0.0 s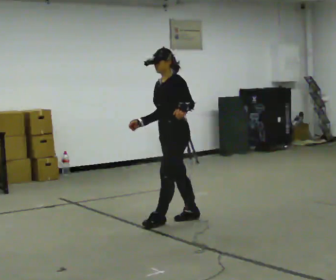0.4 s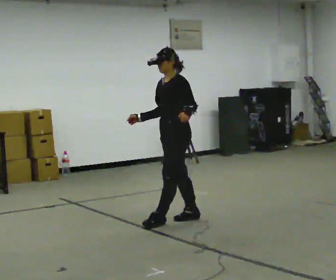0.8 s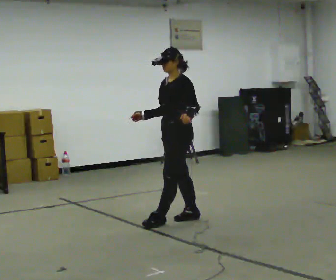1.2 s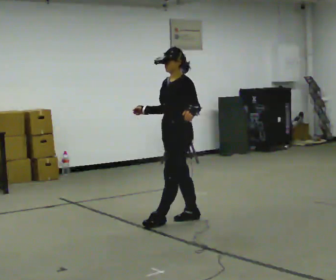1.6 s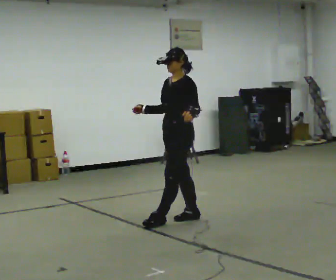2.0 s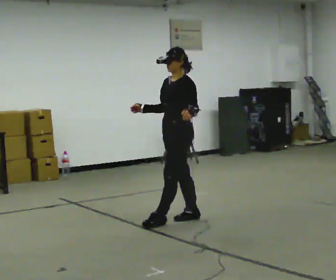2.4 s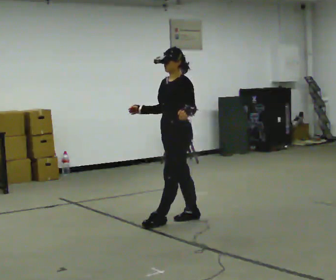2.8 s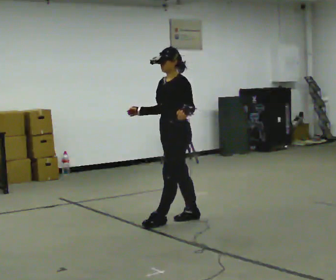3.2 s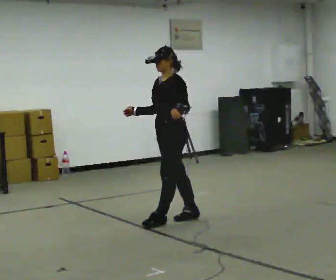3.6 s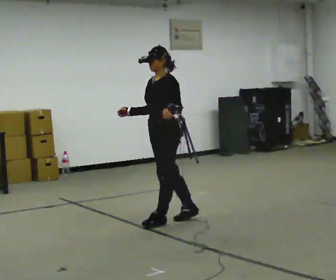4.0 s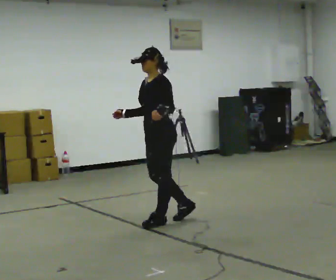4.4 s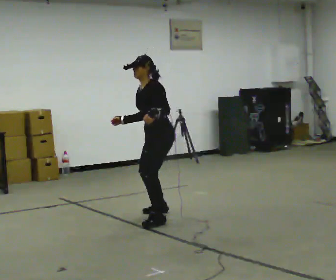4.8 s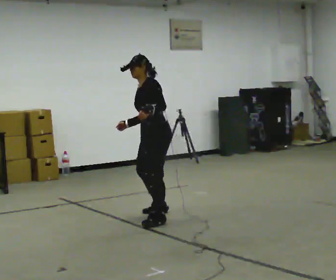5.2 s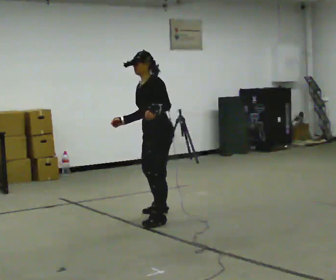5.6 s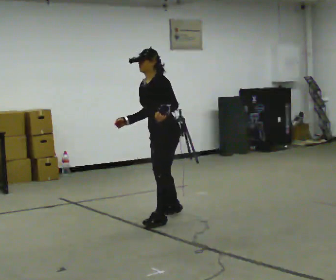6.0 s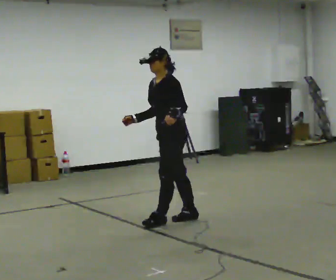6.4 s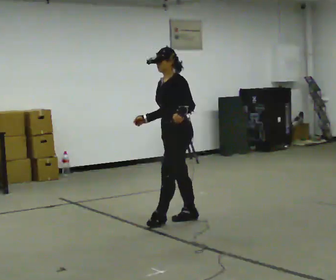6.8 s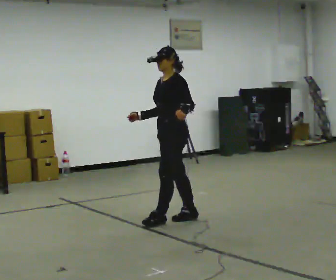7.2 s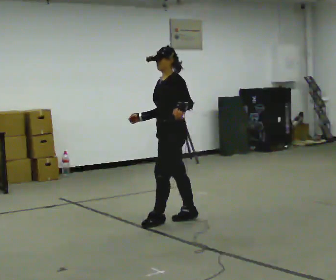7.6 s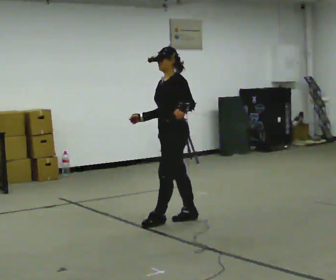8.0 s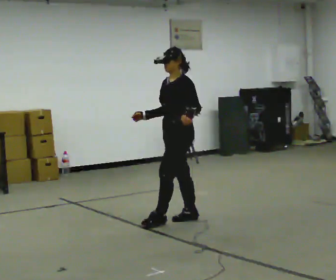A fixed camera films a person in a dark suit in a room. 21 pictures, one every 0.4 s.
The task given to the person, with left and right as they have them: Stand with one foot directly in front of the other, heel to toe, on the marked line. Hold your balance until you lose it, then step out. Repeat at your own pace until the operator says stop. Go slowly and only as far as you are comfortable. Step whenever you need to; do not try to hold on longer than feels safe.
0.0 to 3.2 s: The person moves a little, or ends about where they began.
3.2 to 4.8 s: In the picture they go away from the camera and to the left, about 0.25 m in 1 step, which for them is to their right.
4.8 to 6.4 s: In the picture they go toward the camera and to the right, about 0.25 m in 1 step, which for them is to their left.
6.4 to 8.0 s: The person moves a little, or ends about where they began.
The film runs forward here.
